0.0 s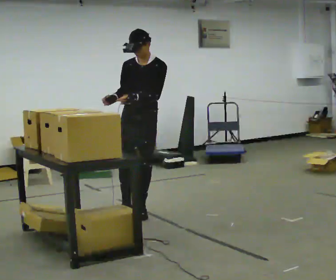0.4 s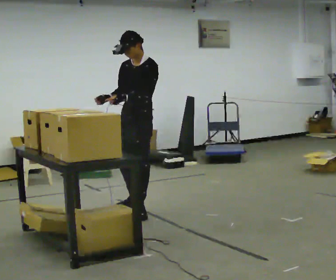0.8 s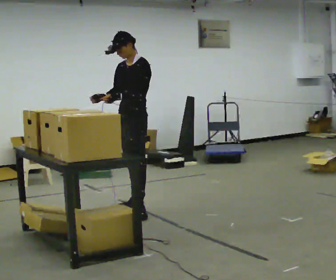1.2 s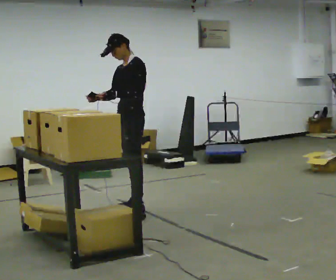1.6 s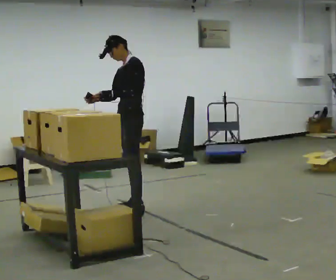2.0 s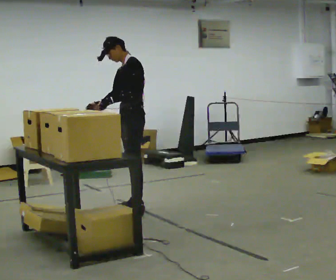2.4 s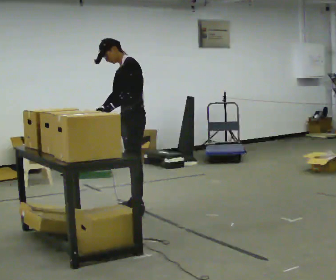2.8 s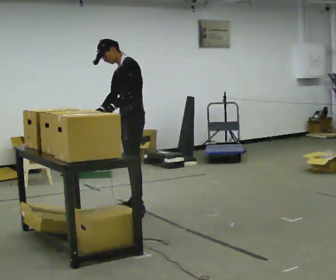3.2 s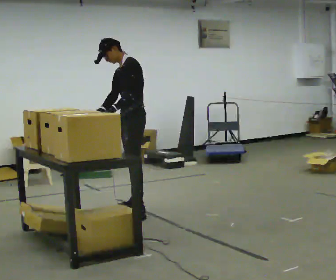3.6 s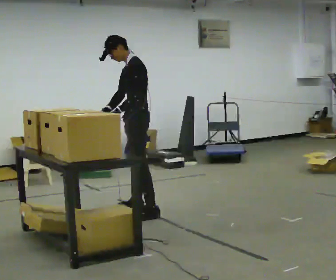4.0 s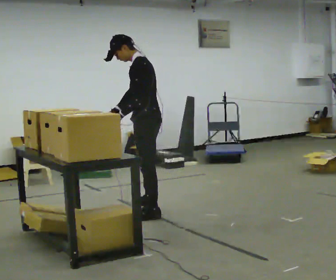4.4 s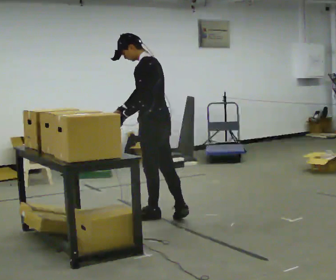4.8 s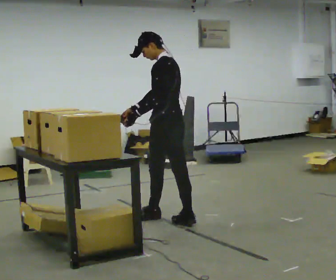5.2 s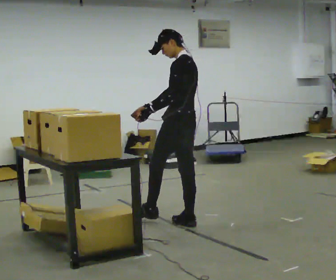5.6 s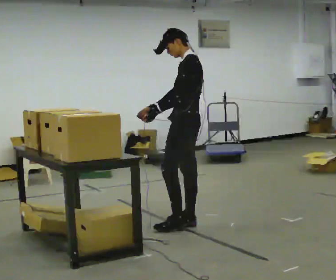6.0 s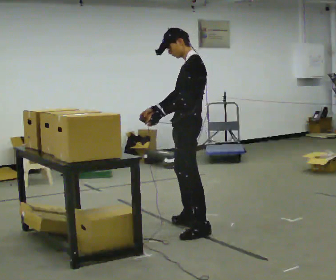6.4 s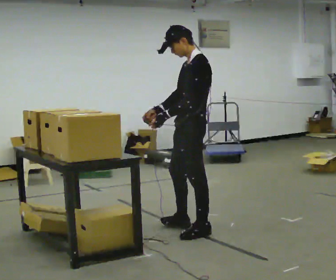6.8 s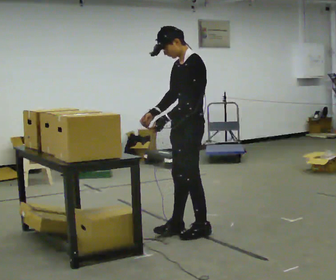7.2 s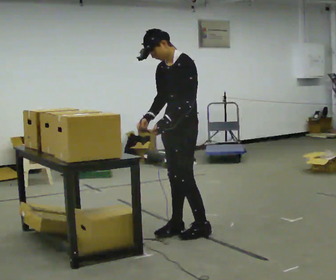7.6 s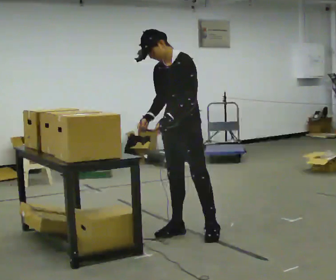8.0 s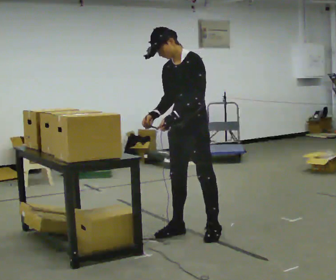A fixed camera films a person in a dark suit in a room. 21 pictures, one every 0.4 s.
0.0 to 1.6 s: The person turns about 45 degrees to their right, clockwise seen from above, so the part of the body nearest the lens slides to the left. In the picture they go away from the camera, about 0.25 m, which for them is to their right.
1.6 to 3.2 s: The person moves a little, or ends about where they began.
3.2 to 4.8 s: Seen from above the body turns clockwise, about 45 degrees: to their right, with its near side sliding to the left. In the picture they go toward the camera and to the right, about 0.5 m in 2 steps, which for them is backward and to their left.
4.8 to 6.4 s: The person turns about 30 degrees to their left, counterclockwise seen from above, so the part of the body nearest the lens slides to the right. In the picture they go toward the camera and to the right, about 0.5 m in 2 steps, which for them is to their left and backward.
6.4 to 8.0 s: Seen from above the body turns counterclockwise, about 45 degrees: to their left, with its near side sliding to the right.
The film runs backward here.
